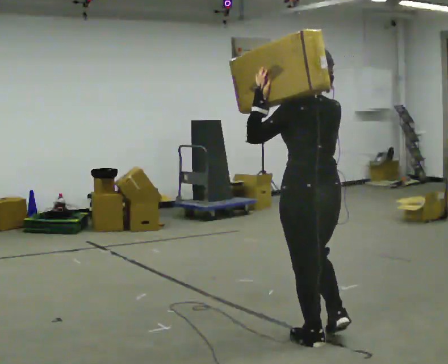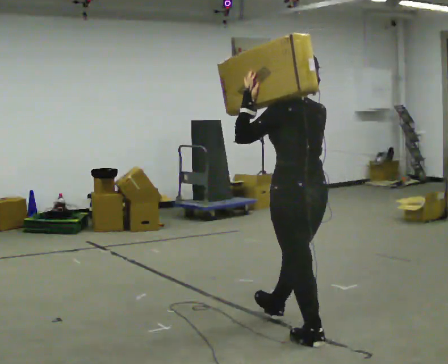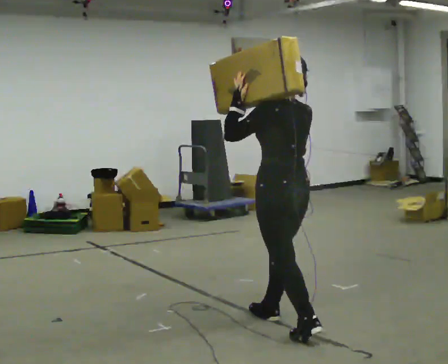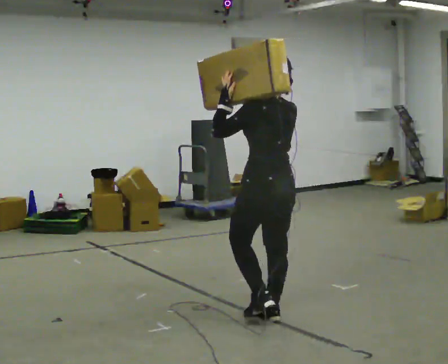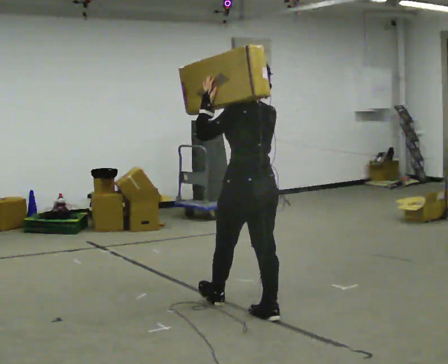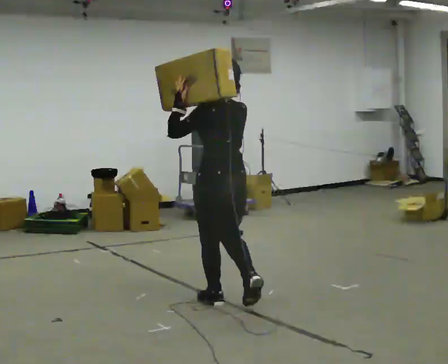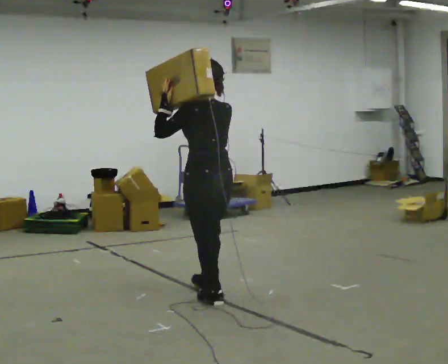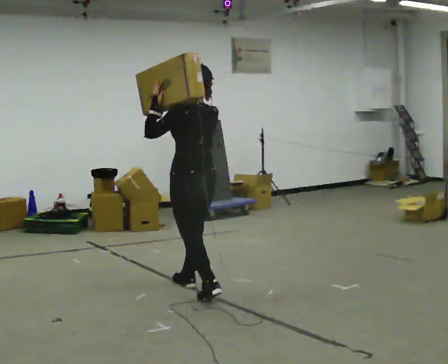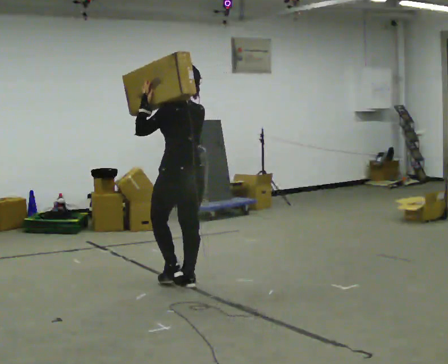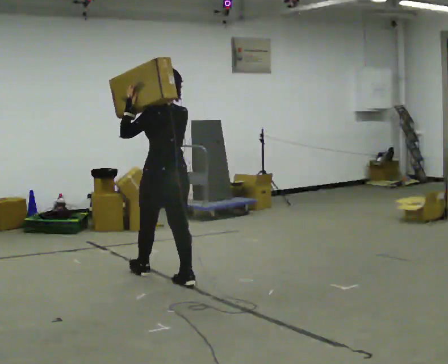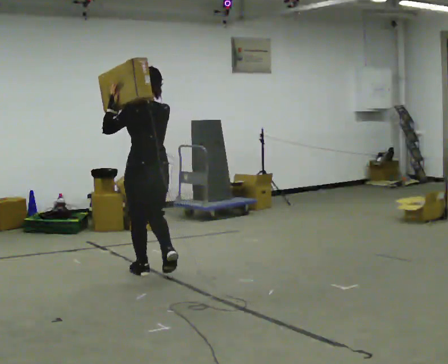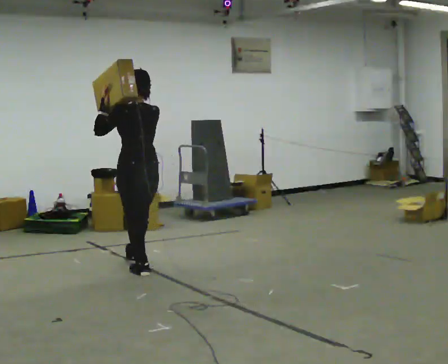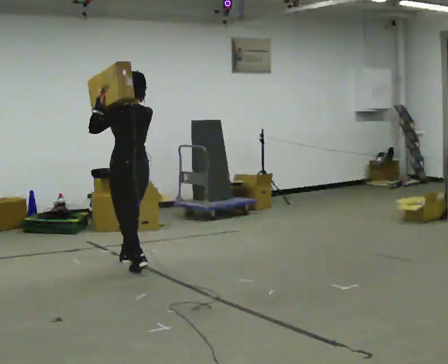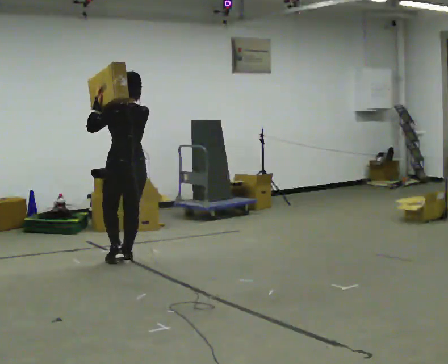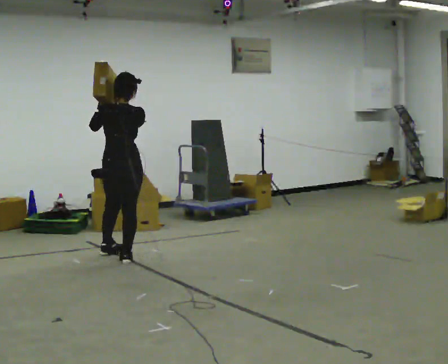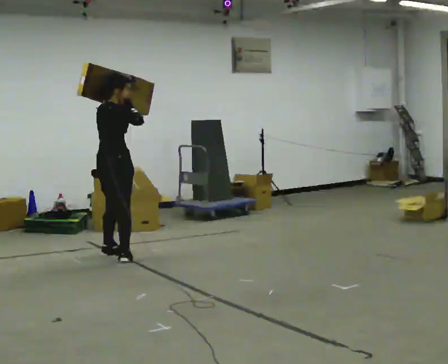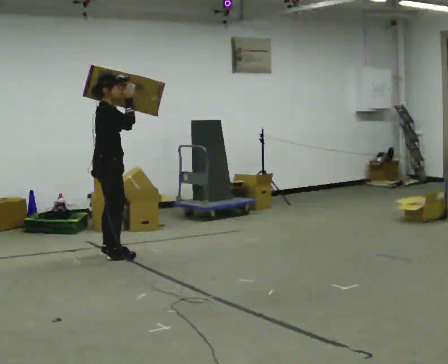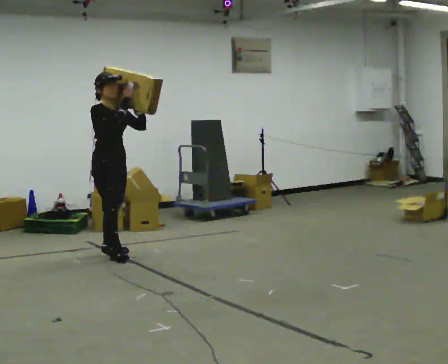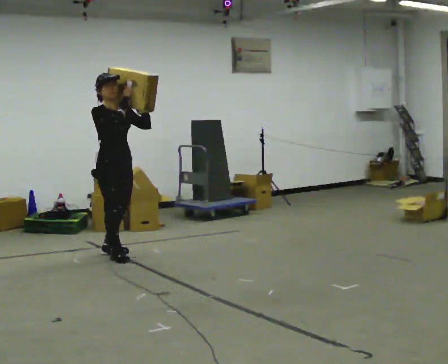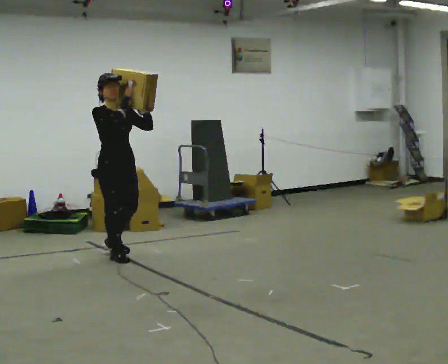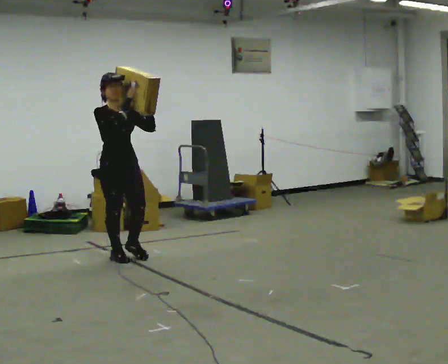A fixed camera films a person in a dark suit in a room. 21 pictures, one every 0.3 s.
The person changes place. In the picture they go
away from the camera.
0.0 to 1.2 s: In the picture they go away from the camera and to the left, about 0.75 m in 2 steps, which for them is forward.
1.2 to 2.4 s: In the picture they go away from the camera and to the left, about 1 m in 1 step, which for them is forward.
2.4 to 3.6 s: In the picture they go away from the camera and to the left, about 1 m in 2 steps, which for them is forward.
3.6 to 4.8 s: The person turns about 135 degrees to their right, clockwise seen from above, so the part of the body nearest the lens slides to the left. In the picture they go away from the camera and to the left, about 0.5 m in 1 step.
4.8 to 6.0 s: The part of the body nearest the lens slides to the left as the person turns to their right by about 45 degrees. In the picture they go toward the camera, about 0.25 m in 1 step, which for them is forward.
The film runs forward here.
